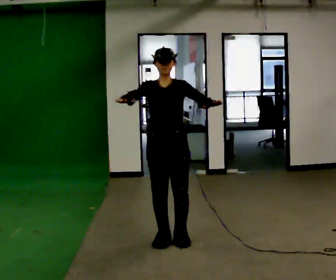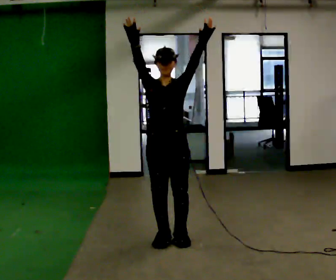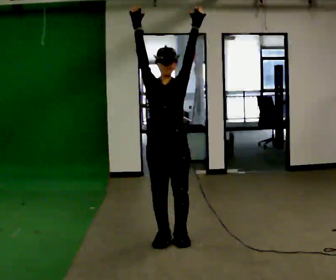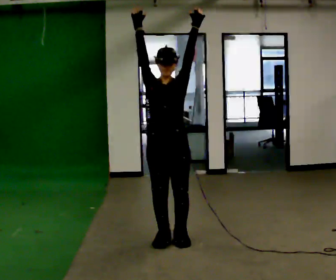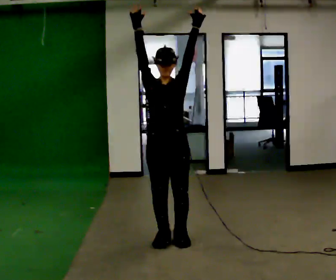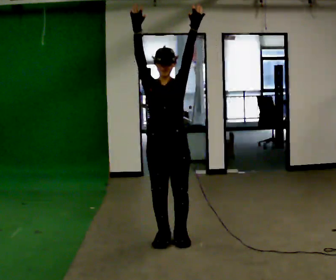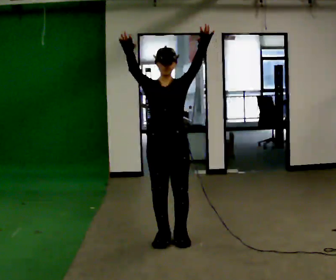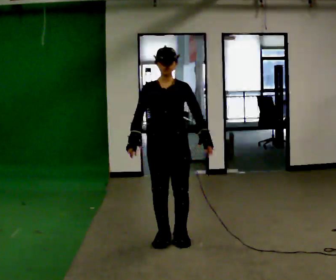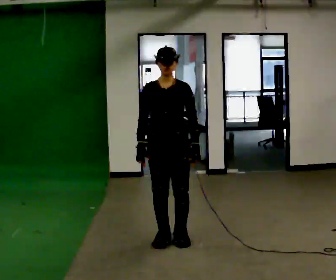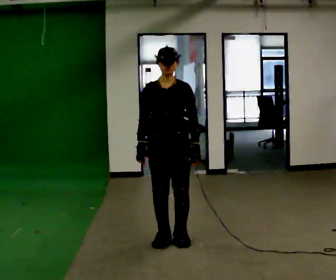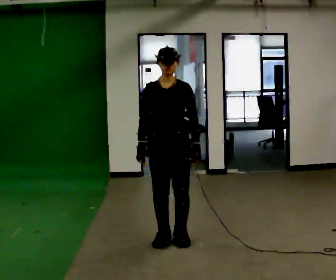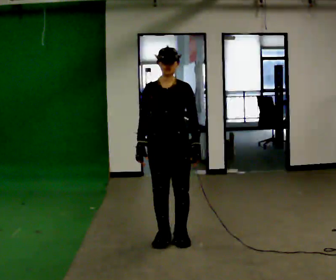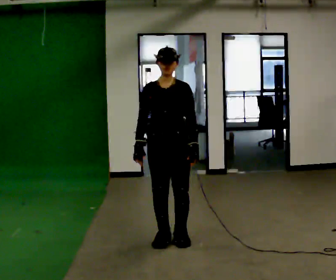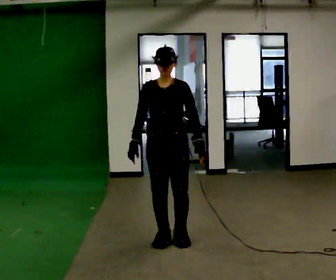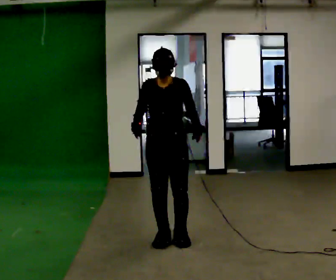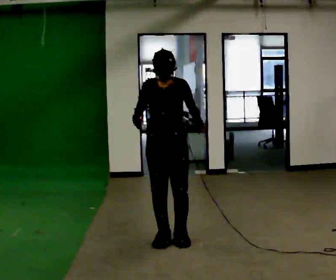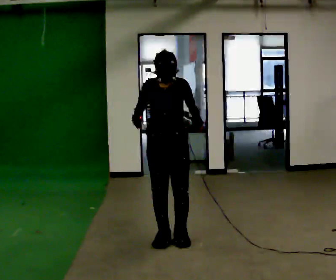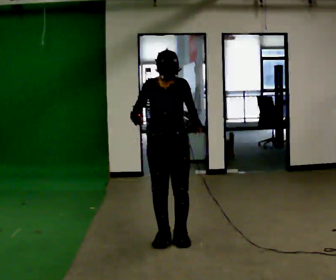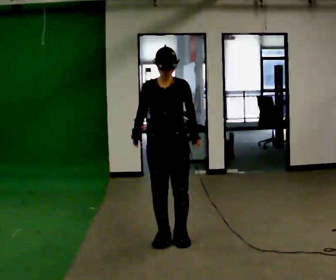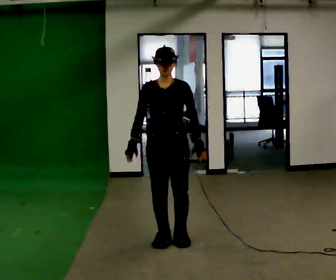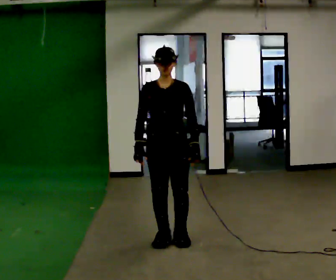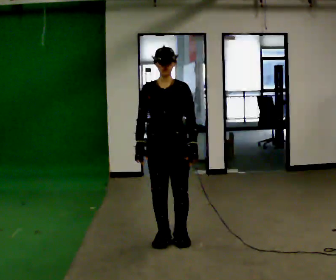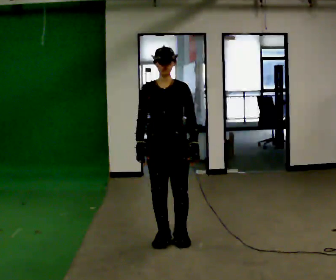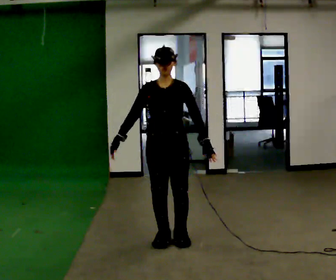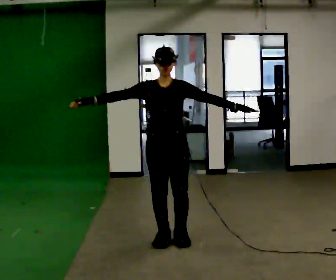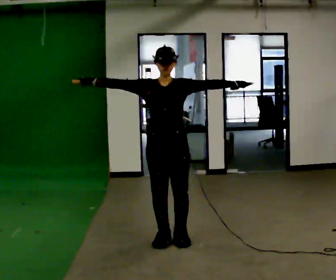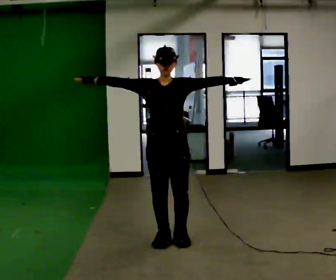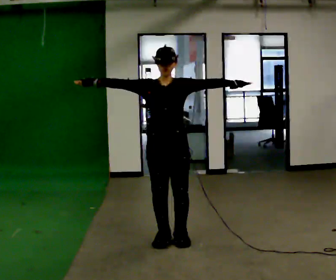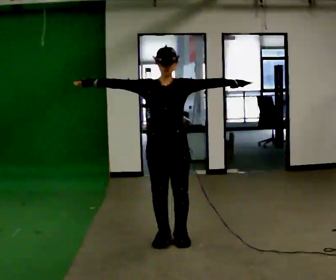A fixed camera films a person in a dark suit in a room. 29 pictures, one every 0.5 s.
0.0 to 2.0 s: In the picture their right hand goes upward.
2.0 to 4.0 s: In the picture their right hand goes downward.
4.0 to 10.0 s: The person moves a little, or ends about where they began.
10.0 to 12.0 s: In the picture their right hand goes upward and to the left, the arm swinging clockwise.
12.0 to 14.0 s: The person moves a little, or ends about where they began.
The film runs backward here.
